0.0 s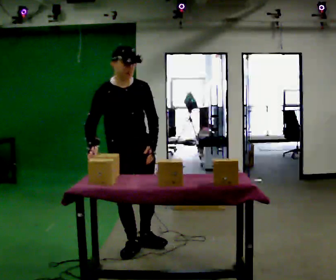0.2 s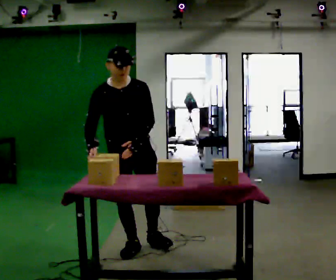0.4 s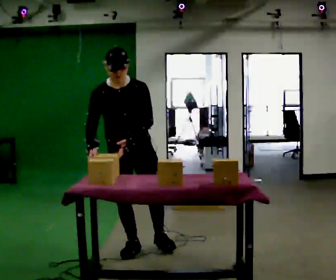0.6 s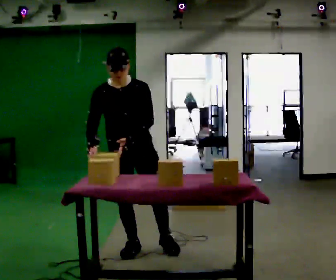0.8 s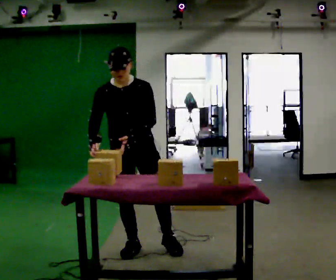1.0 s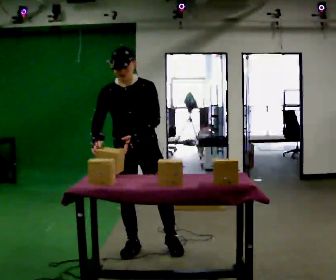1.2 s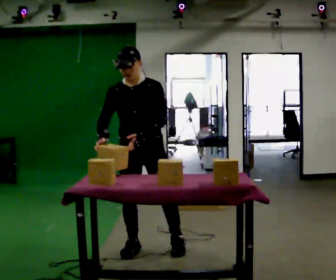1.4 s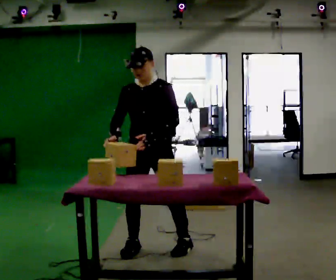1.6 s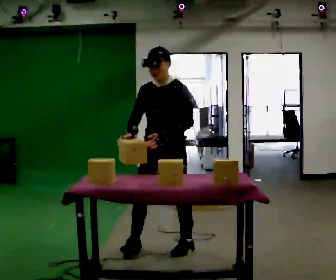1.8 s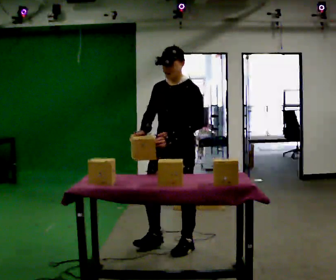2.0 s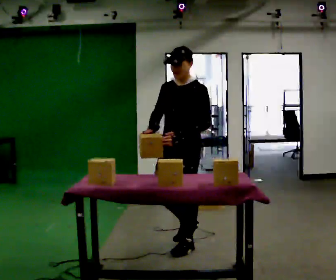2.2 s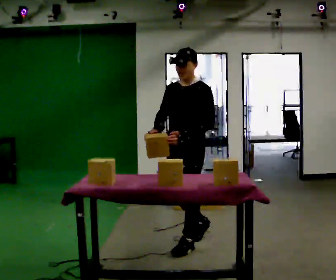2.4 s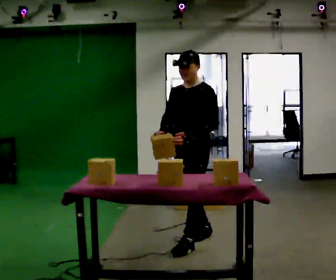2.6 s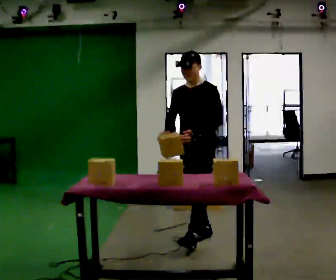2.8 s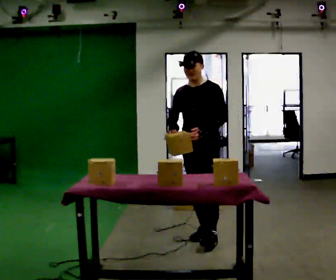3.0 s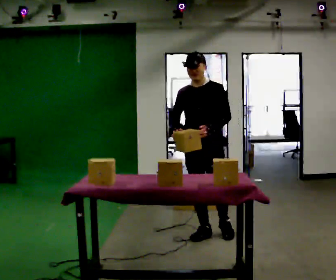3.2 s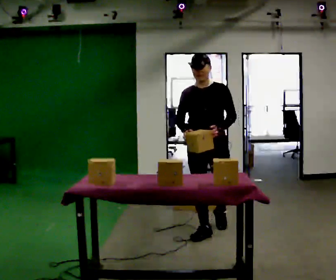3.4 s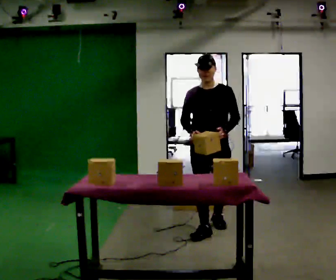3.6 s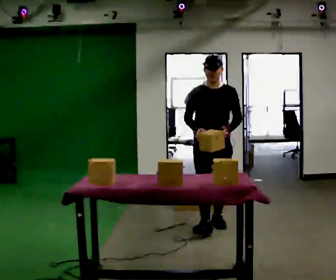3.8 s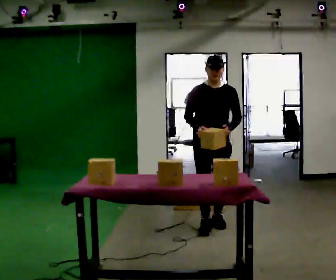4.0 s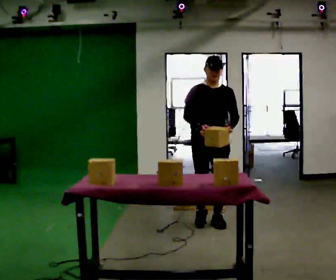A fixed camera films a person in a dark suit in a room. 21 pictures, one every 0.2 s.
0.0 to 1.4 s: Seen from above the body turns clockwise, about 45 degrees: to their right, with its near side sliding to the left. In the picture they go to the right, about 0.25 m in 1 step, which for them is to their left.
1.4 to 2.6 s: In the picture they go to the right and away from the camera, about 0.5 m in 2 steps, which for them is backward.
2.6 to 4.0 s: Seen from above the body turns counterclockwise, about 45 degrees: to their left, with its near side sliding to the right. In the picture they go away from the camera, about 0.5 m in 1 step, which for them is backward.
The film runs backward here.
